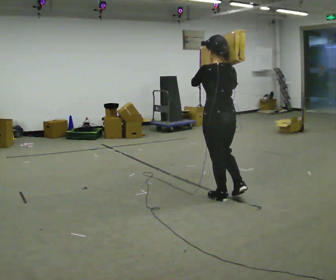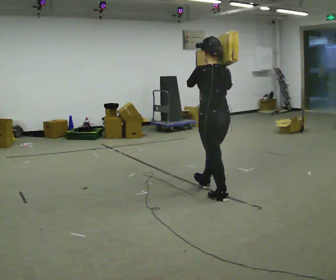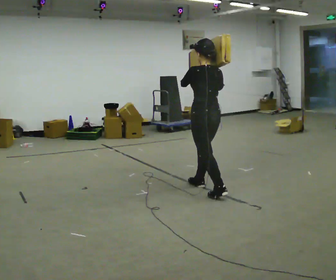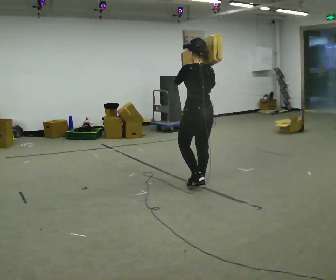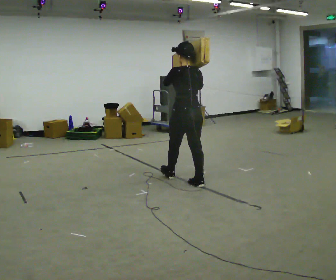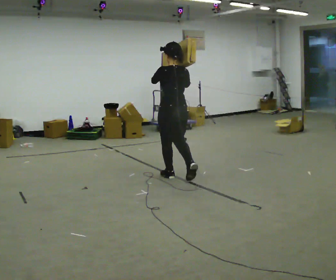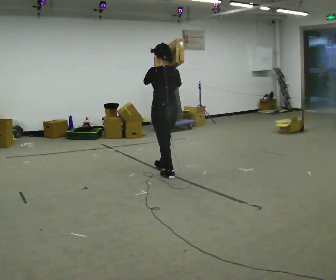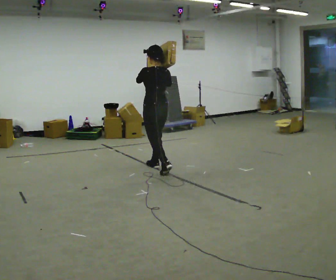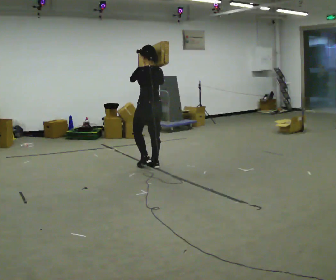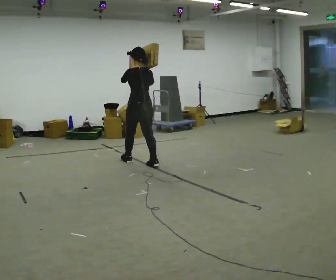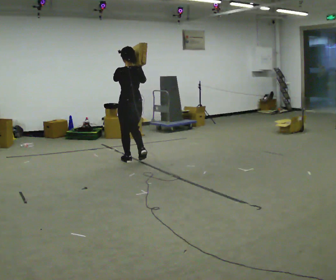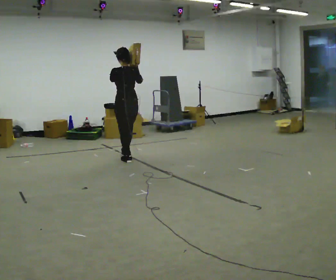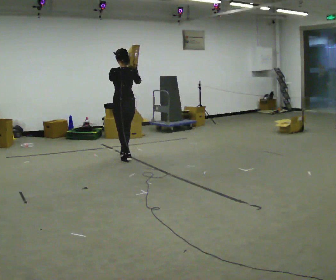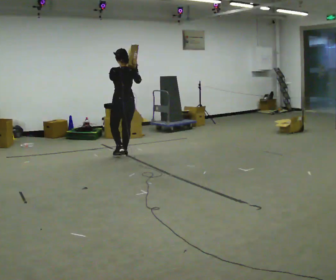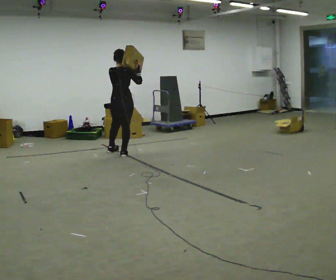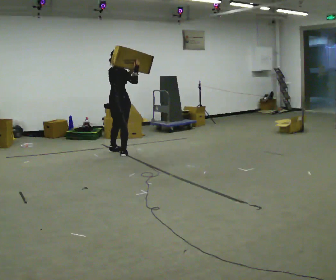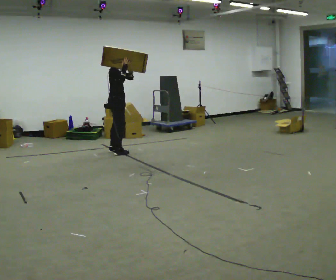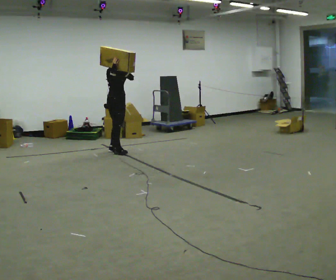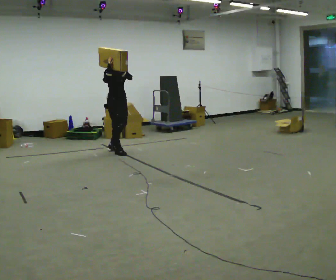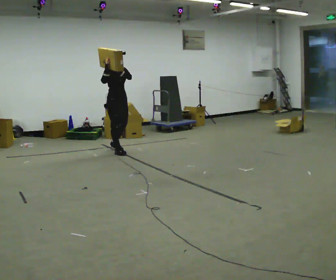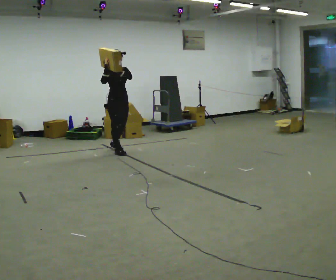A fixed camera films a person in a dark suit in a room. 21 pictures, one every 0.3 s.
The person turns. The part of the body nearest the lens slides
to the left.
The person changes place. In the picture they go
away from the camera.
0.0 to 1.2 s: In the picture they go away from the camera and to the left, about 0.75 m in 1 step, which for them is forward.
1.2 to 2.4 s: In the picture they go away from the camera and to the left, about 1 m in 2 steps, which for them is forward.
2.4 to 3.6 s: In the picture they go away from the camera and to the left, about 0.75 m in 2 steps, which for them is forward.
3.6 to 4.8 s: The part of the body nearest the lens slides to the left as the person turns to their right by about 120 degrees. In the picture they go away from the camera and to the left, about 0.5 m in 1 step.
4.8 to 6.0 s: The part of the body nearest the lens slides to the left as the person turns to their right by about 45 degrees.
The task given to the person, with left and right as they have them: Rest the long object on the shoulder the operator calls and carry it across the room, back and forth.
The film runs forward here.
